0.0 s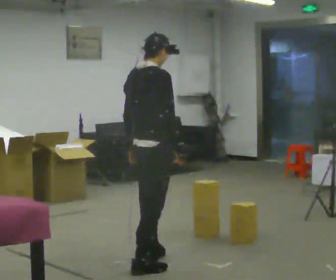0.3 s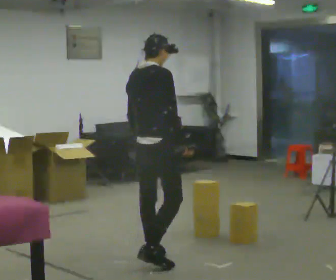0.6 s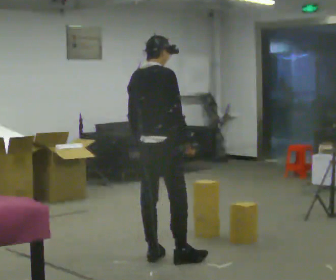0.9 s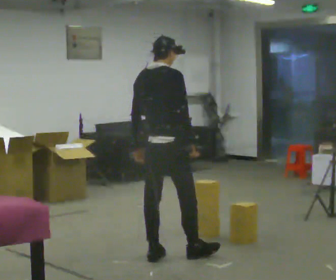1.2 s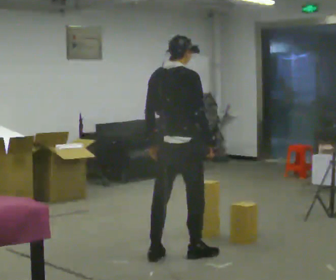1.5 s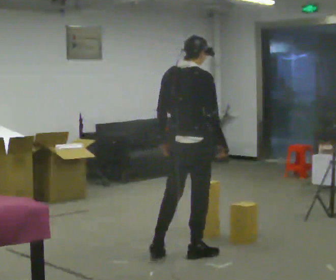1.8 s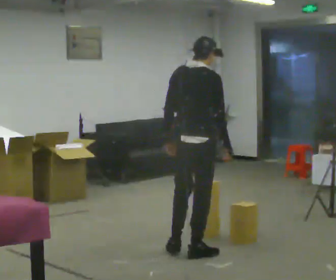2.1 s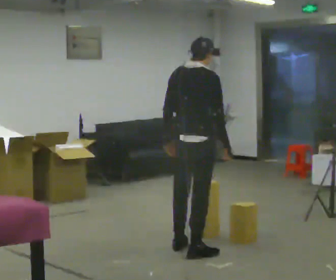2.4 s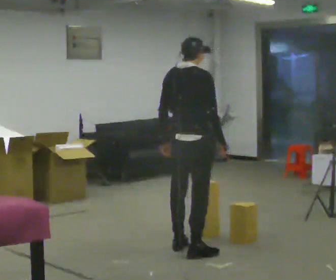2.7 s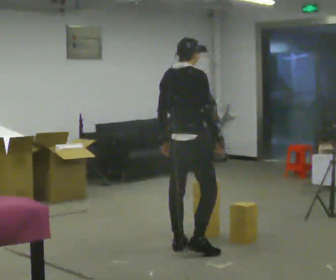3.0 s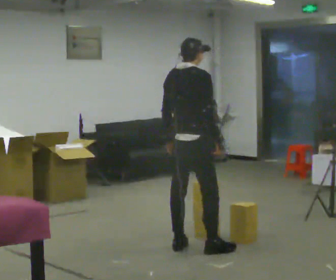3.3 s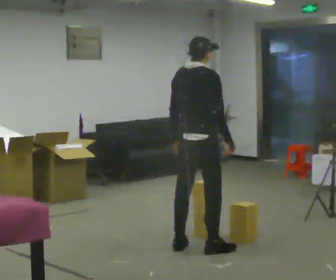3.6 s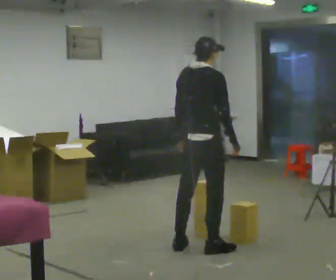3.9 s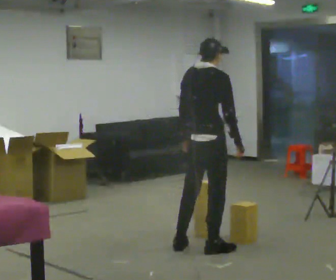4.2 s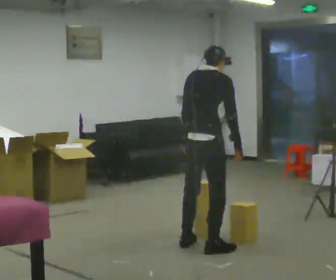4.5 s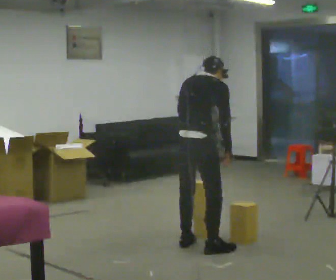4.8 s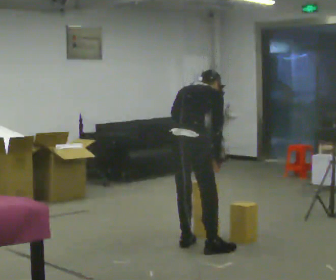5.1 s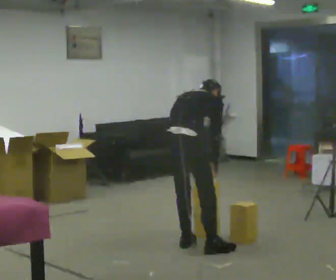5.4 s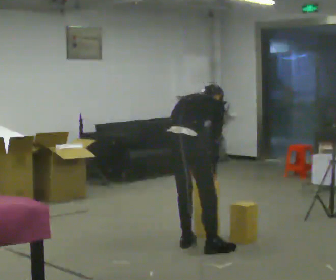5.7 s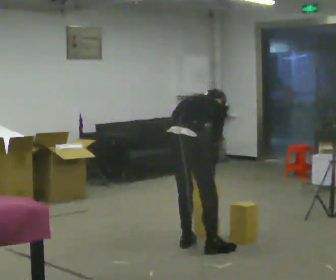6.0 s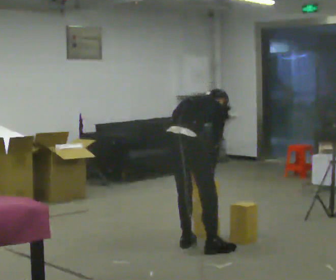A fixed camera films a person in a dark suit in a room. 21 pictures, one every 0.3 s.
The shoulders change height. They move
downward.
0.0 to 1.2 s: In the picture they go away from the camera and to the right, about 0.25 m in 1 step, which for them is forward.
1.2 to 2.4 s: In the picture they go away from the camera, about 0.25 m in 1 step, which for them is forward.
2.4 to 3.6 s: The person moves a little, or ends about where they began.
3.6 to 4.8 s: The shoulders move downward. The upper body tips away from the camera, its near side rolling upward, as they bend forward.
4.8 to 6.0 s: In the picture the upper body tilts clockwise, shoulders to the right, as they bend forward.
The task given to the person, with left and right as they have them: Pick an object up off the floor at one end of the room, carry it across, and place it on the waist-height shelf at the other end. Keep going until the operator says stop; one object at a time, and do not rush between trips.
The film runs forward here.
